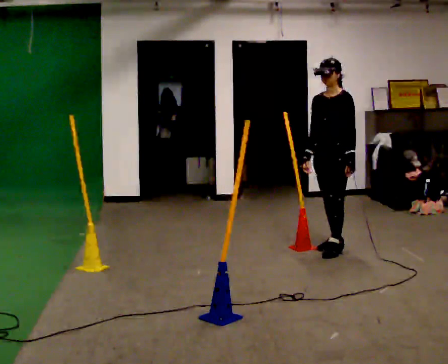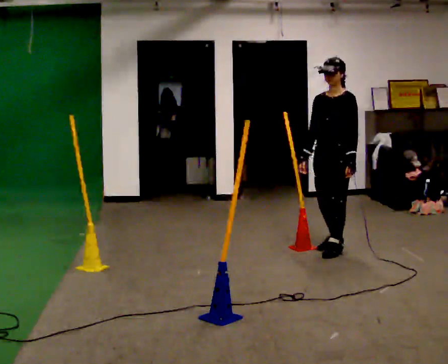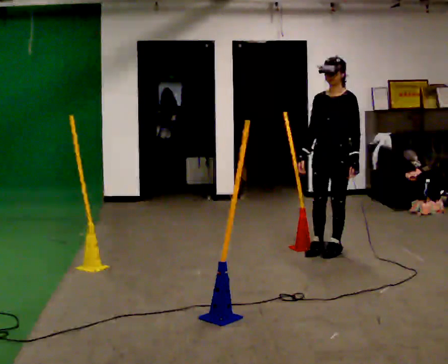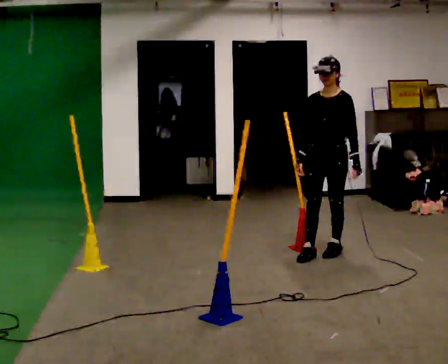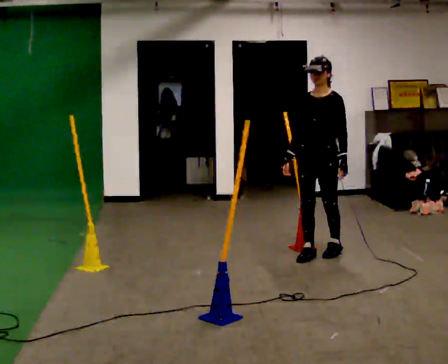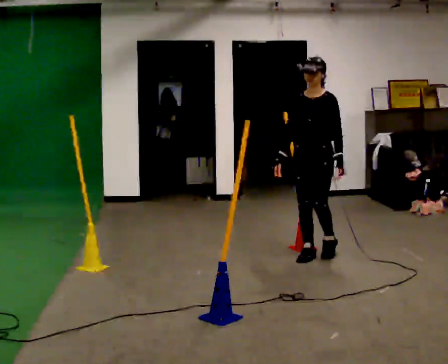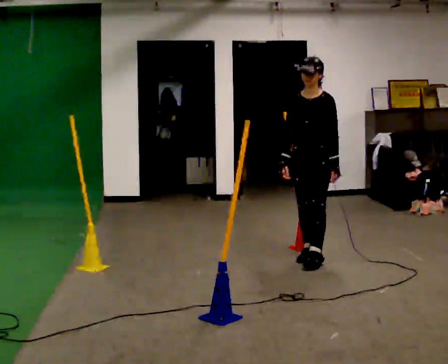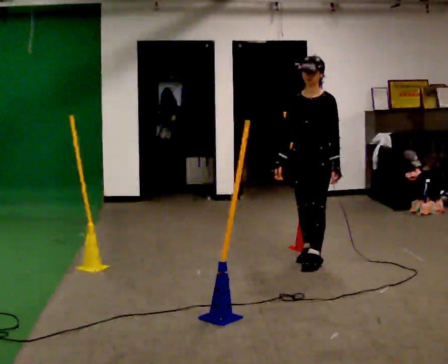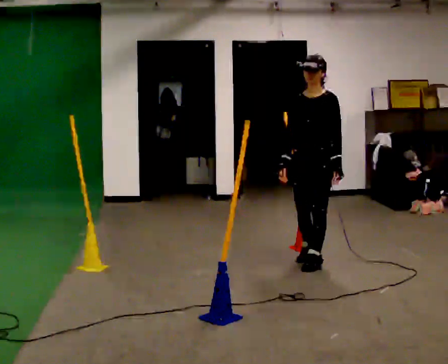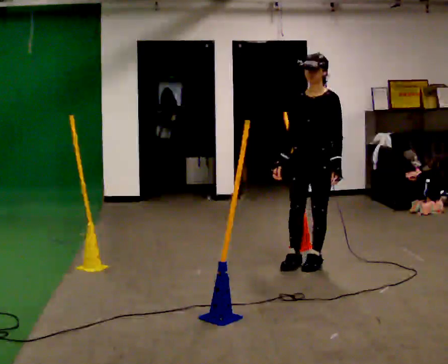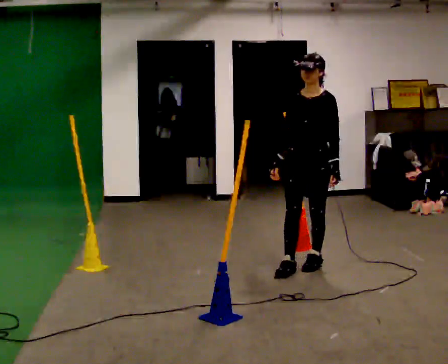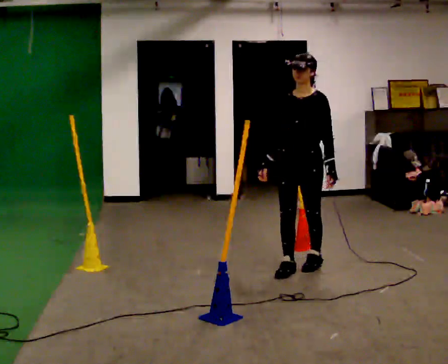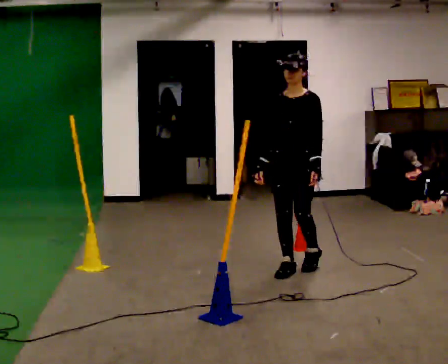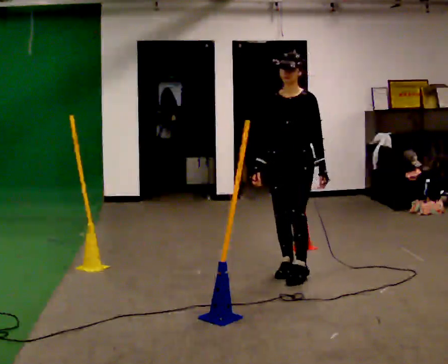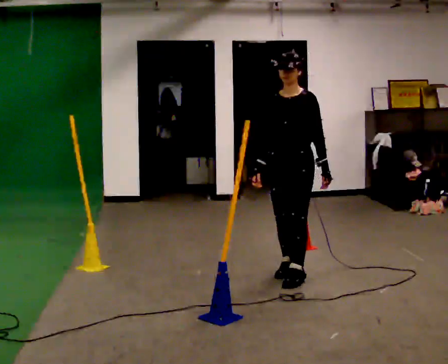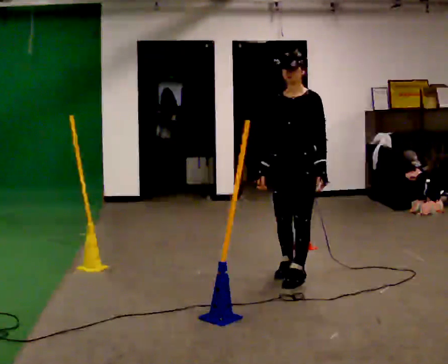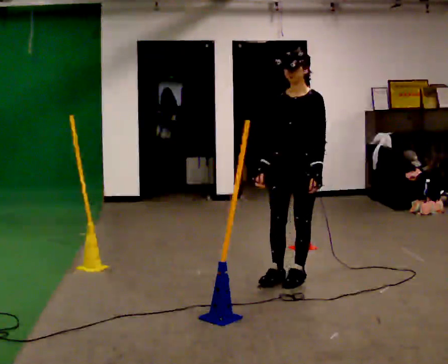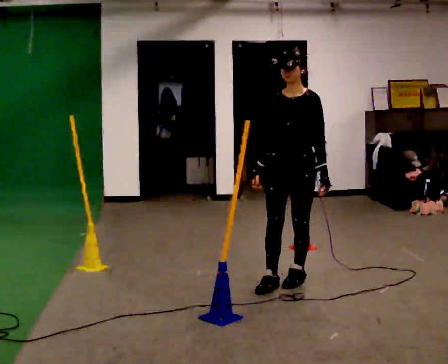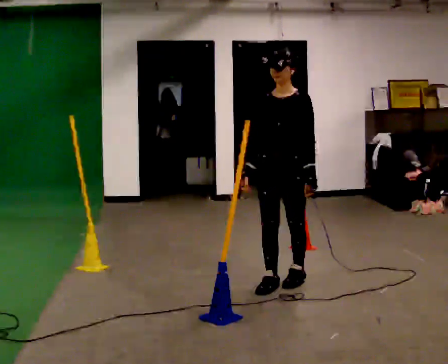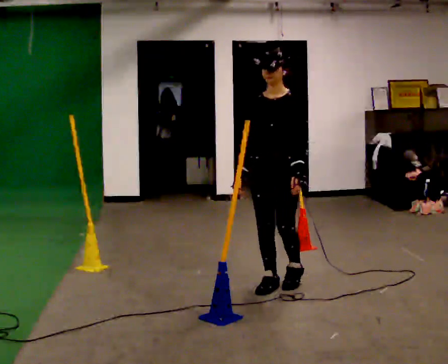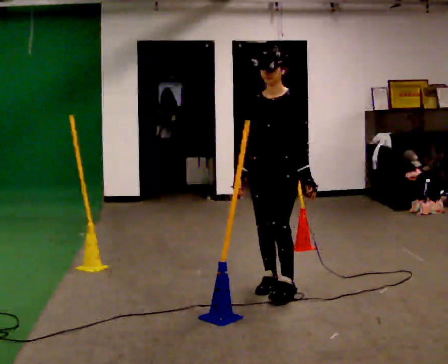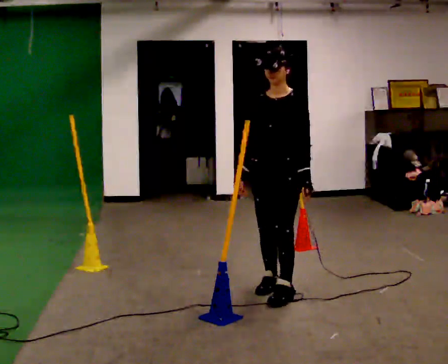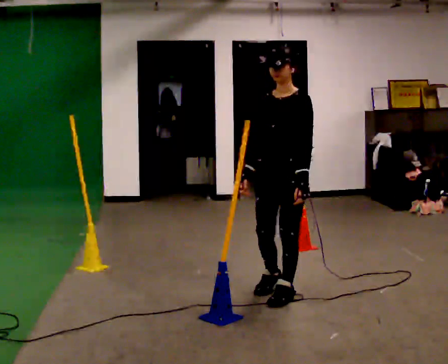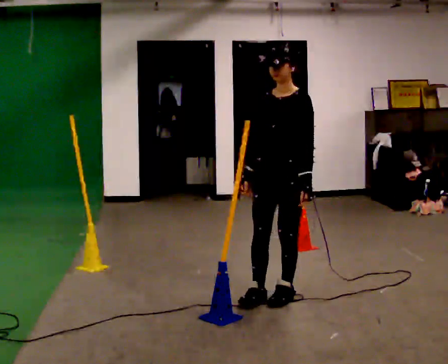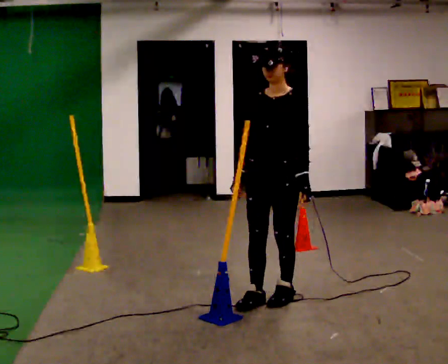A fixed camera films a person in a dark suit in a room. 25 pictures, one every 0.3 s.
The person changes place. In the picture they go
toward the camera.
0.0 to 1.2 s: In the picture they go toward the camera, about 0.25 m in 1 step, which for them is forward.
1.2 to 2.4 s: In the picture they go toward the camera, about 0.25 m in 1 step, which for them is forward.
2.4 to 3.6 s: In the picture they go toward the camera, about 0.25 m in 1 step, which for them is forward.
3.6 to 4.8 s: In the picture they go toward the camera, about 0.25 m in 1 step, which for them is forward.
4.8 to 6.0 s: In the picture they go toward the camera, about 0.25 m in 1 step, which for them is forward.
6.0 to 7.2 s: In the picture they go toward the camera, about 0.25 m in 2 steps, which for them is forward and to their left.
The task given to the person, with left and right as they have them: Start at marker; visit targets in order; choose natural paths; avoid obstacles; stop at final target.
The film runs forward here.
